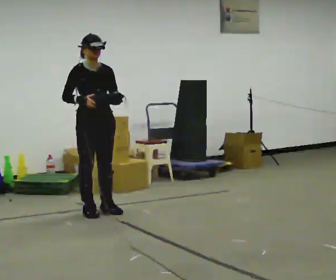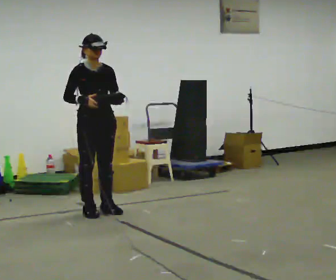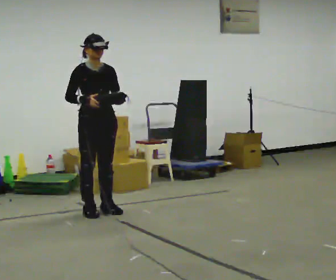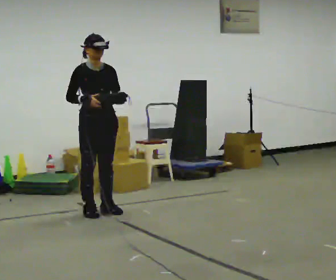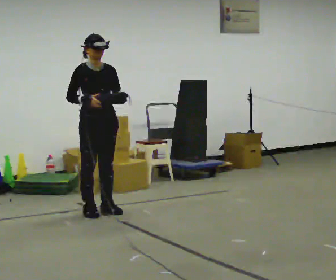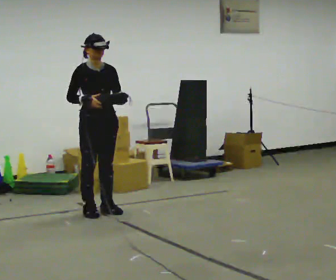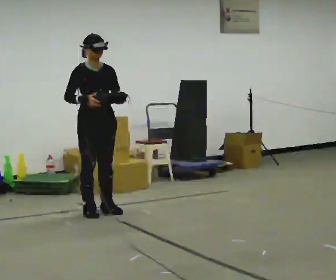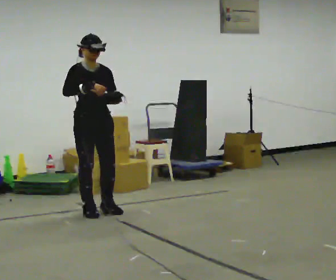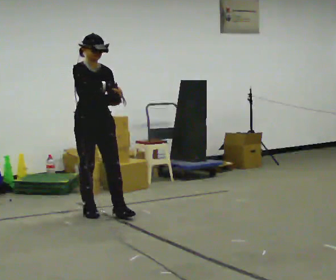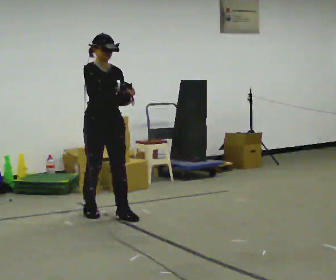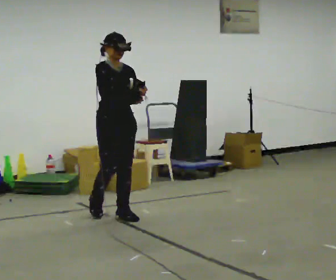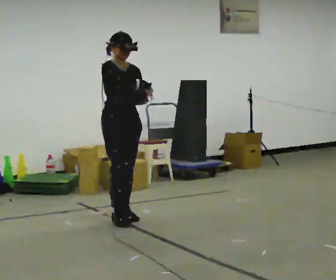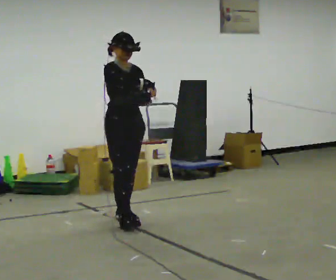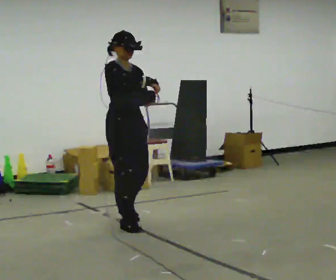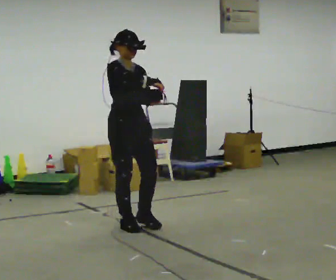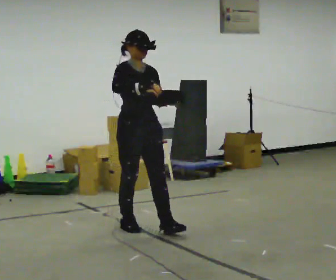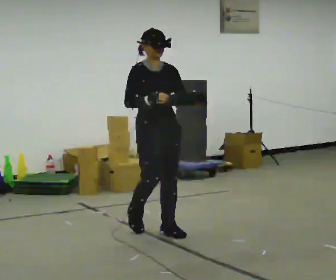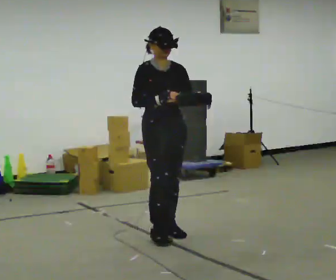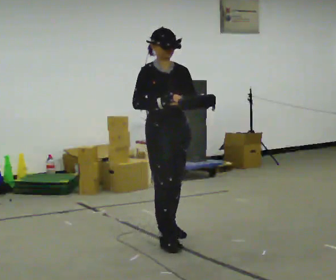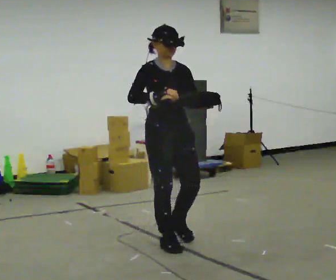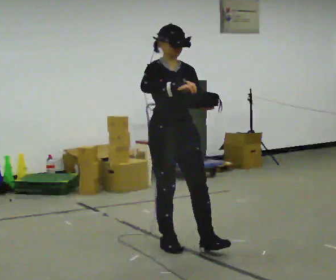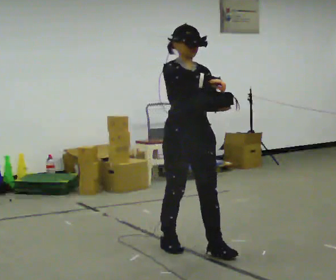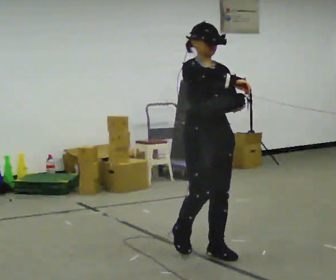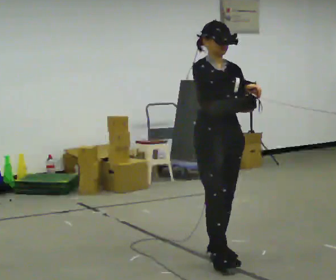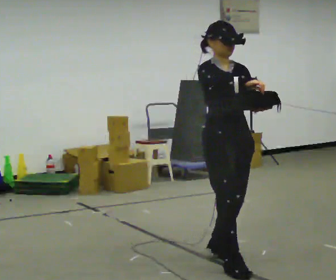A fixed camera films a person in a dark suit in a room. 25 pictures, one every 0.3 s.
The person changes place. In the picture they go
toward the camera.
0.0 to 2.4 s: The person moves a little, or ends about where they began.
2.4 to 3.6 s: In the picture they go to the right and toward the camera, about 0.5 m in 2 steps, which for them is forward.
3.6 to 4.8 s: In the picture they go toward the camera and to the right, about 0.5 m in 1 step, which for them is forward.
4.8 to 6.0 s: In the picture they go toward the camera, about 0.5 m in 1 step, which for them is forward.
6.0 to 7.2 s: In the picture they go toward the camera and to the right, about 0.5 m in 2 steps, which for them is forward.
The film runs forward here.
